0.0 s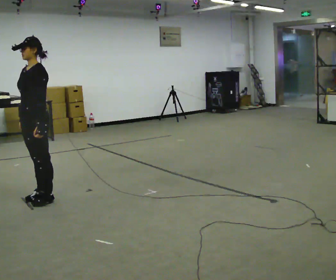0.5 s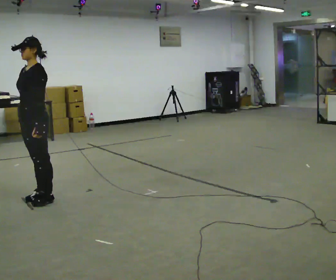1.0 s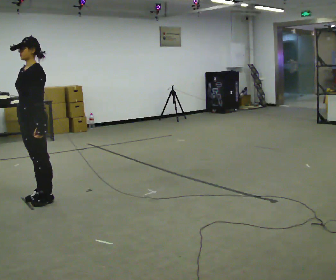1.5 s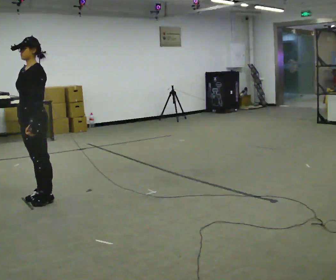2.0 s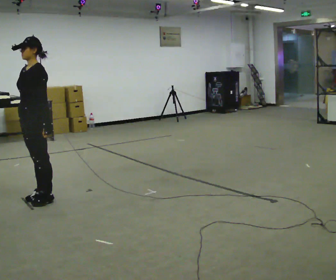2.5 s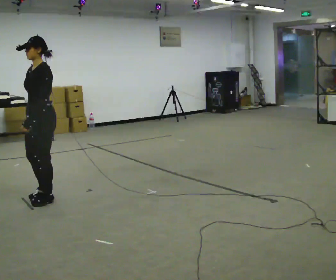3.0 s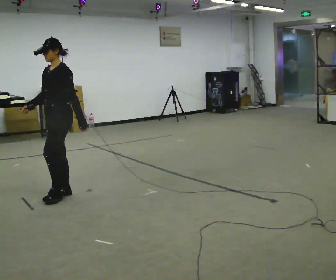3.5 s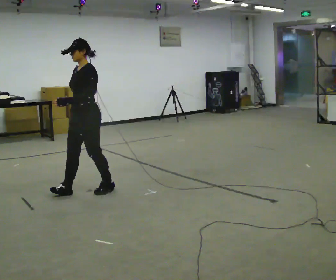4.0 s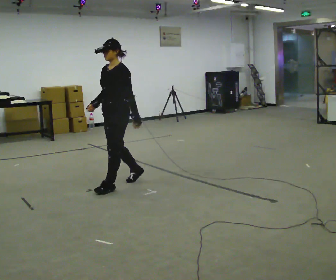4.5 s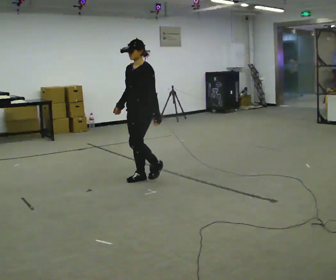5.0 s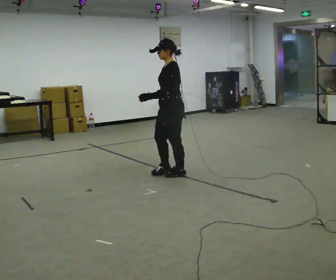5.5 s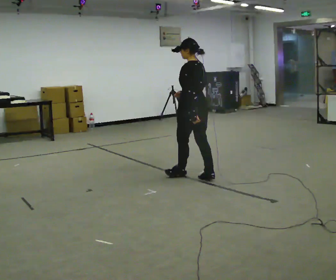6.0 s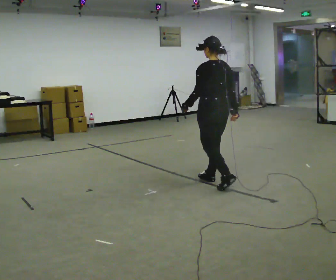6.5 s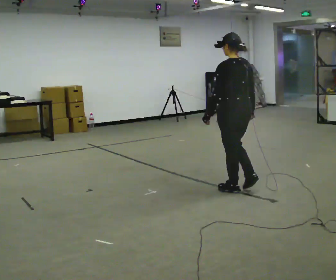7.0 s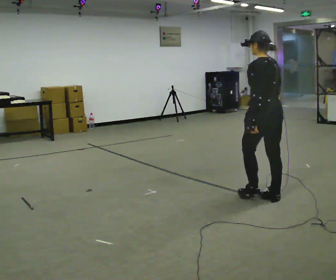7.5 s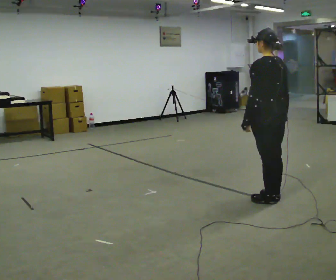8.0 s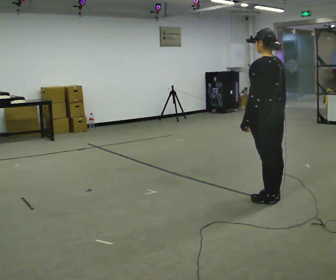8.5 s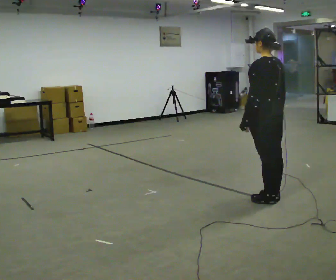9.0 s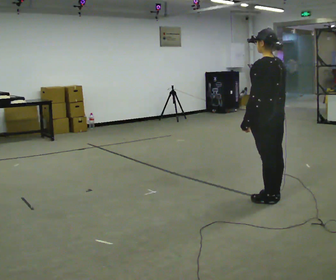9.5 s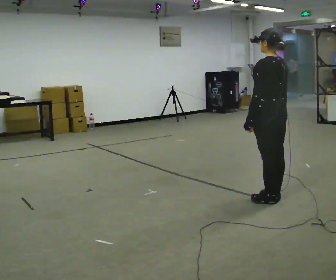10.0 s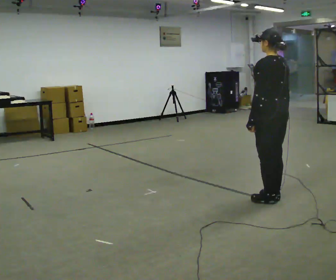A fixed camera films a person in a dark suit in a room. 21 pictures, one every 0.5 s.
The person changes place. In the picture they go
to the right.
The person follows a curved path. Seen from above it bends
clockwise.
0.0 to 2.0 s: The person moves a little, or ends about where they began.
2.0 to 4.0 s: In the picture they go to the right and away from the camera, about 1 m in 3 steps, which for them is backward.
4.0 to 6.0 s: The part of the body nearest the lens slides to the left as the person turns to their right by about 90 degrees. In the picture they go to the right, about 1 m in 3 steps.
6.0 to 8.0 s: In the picture they go toward the camera and to the right, about 1 m in 2 steps, which for them is backward.
8.0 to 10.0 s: The person moves a little, or ends about where they began.
The film runs backward here.
